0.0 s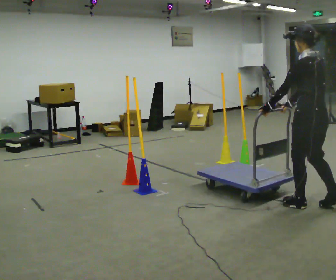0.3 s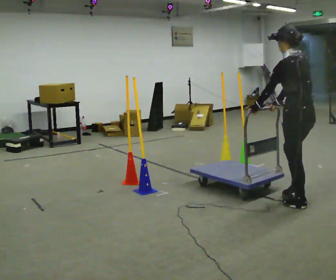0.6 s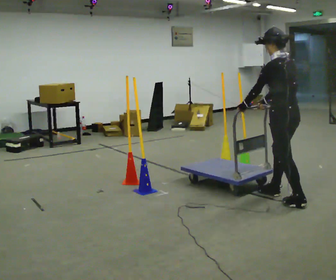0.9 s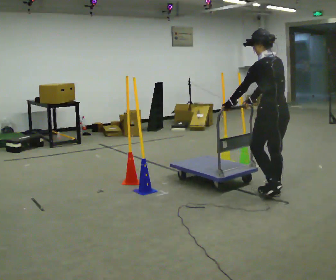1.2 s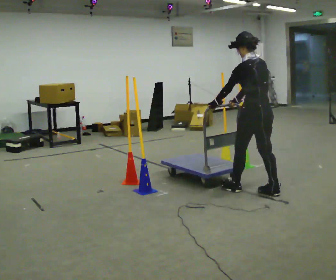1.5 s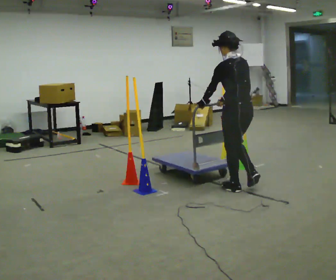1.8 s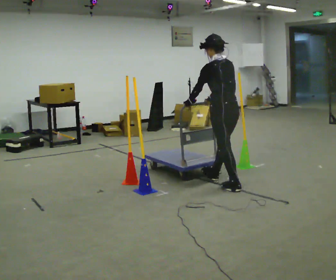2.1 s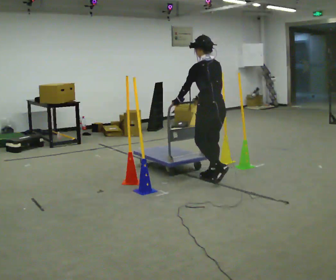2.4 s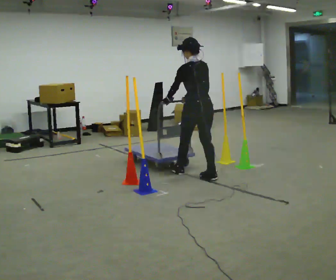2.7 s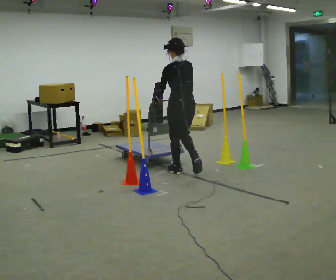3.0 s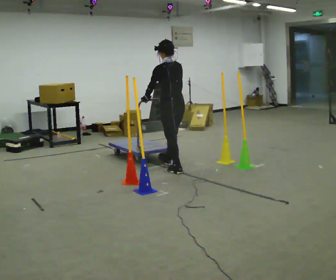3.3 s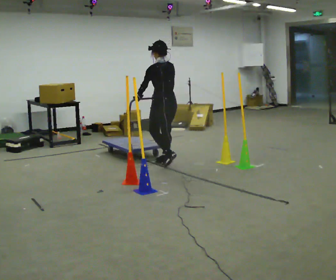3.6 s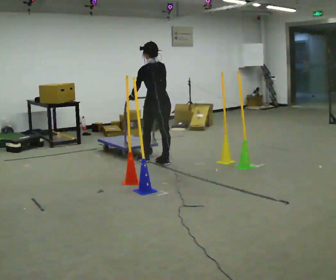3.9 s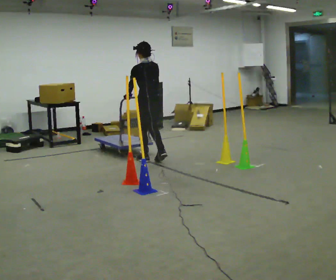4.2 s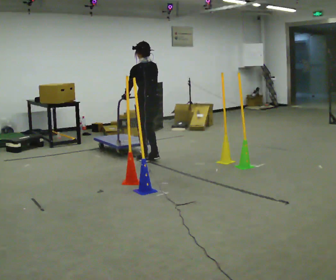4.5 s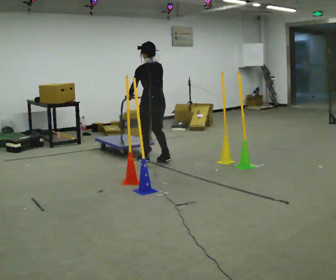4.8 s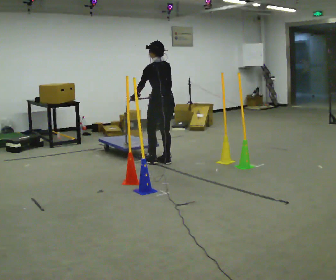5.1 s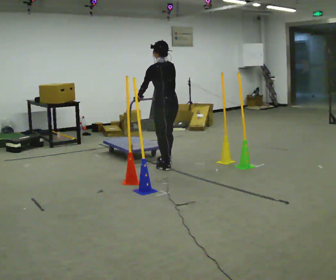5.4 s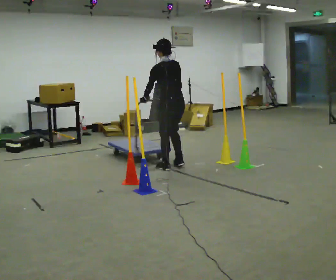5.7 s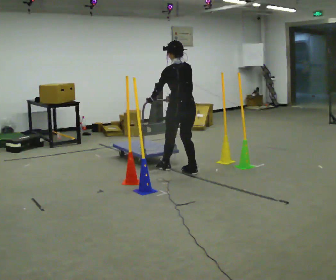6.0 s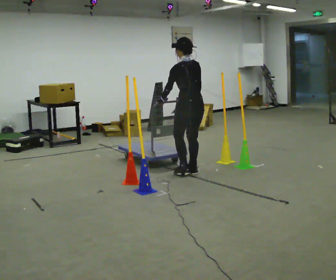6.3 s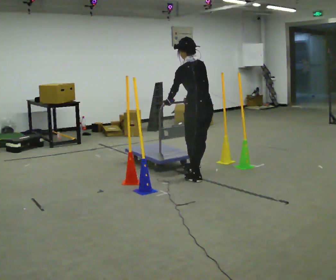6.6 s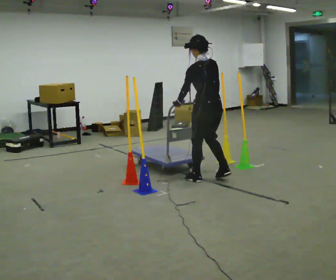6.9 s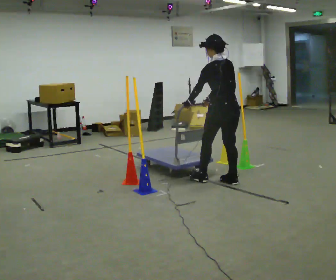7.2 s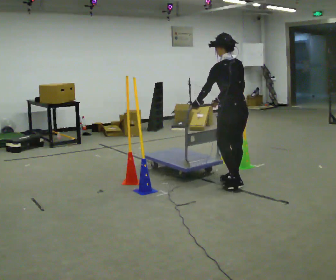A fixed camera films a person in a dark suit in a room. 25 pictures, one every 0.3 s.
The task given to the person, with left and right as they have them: Push the cart in and out of the line of poles without touching any of them. Keep going until the operator says stop.
0.0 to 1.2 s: In the picture they go away from the camera and to the left, about 0.75 m in 2 steps, which for them is forward.
1.2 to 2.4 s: In the picture they go away from the camera and to the left, about 1 m in 1 step, which for them is forward.
2.4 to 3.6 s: In the picture they go away from the camera and to the left, about 1 m in 2 steps, which for them is forward.
3.6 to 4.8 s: The person moves a little, or ends about where they began.
4.8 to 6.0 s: In the picture they go toward the camera and to the right, about 0.75 m in 2 steps, which for them is backward.
6.0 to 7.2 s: In the picture they go toward the camera and to the right, about 0.75 m in 2 steps, which for them is backward.
The film runs forward here.
